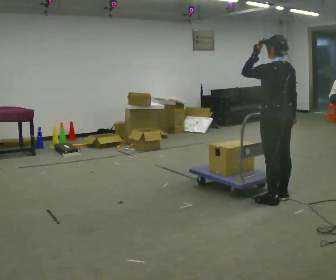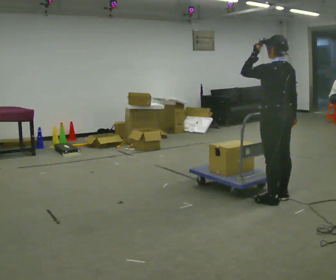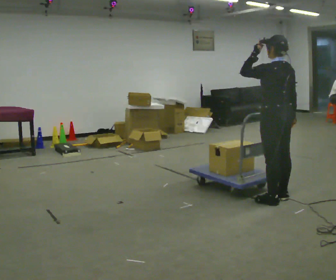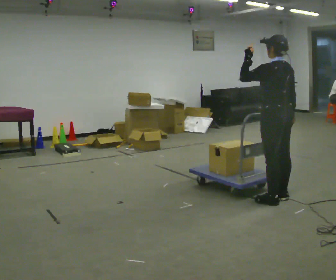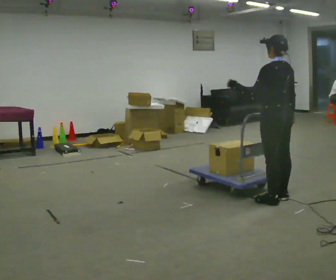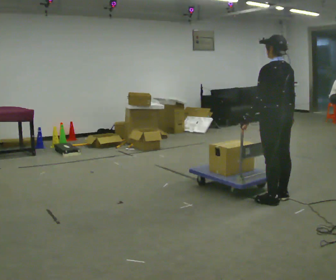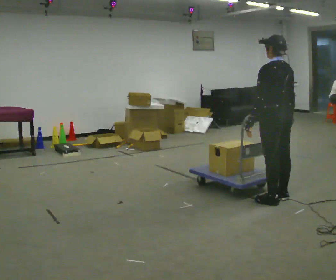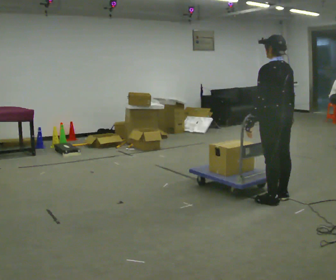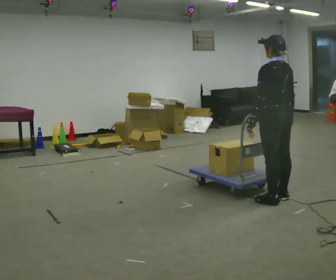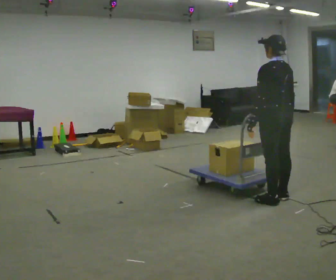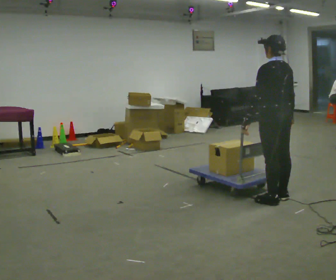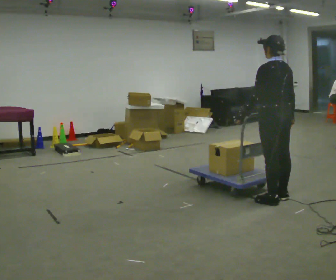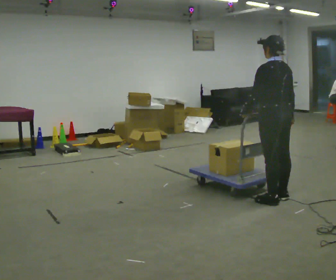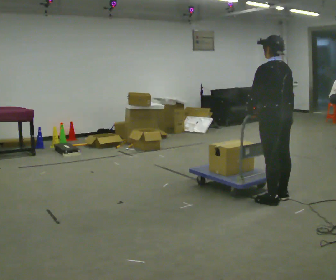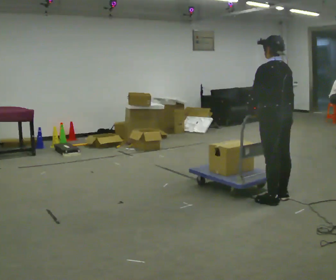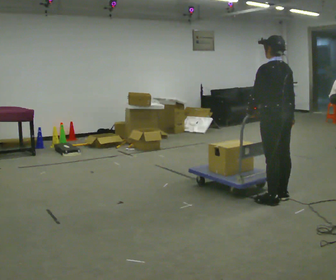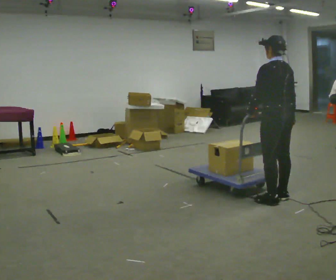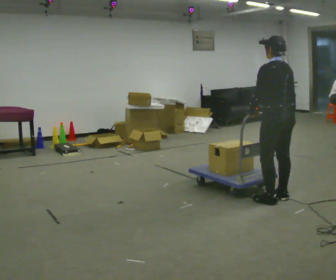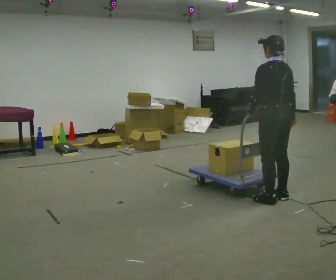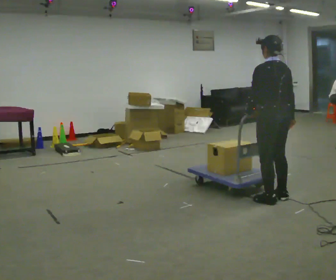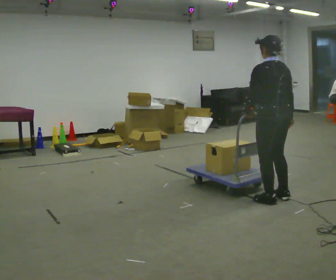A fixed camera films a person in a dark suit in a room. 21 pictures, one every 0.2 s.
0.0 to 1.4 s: In the picture their left hand goes downward.
1.4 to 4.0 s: The person moves a little, or ends about where they began.
The film runs backward here.
